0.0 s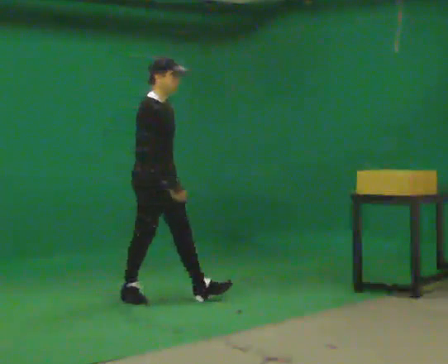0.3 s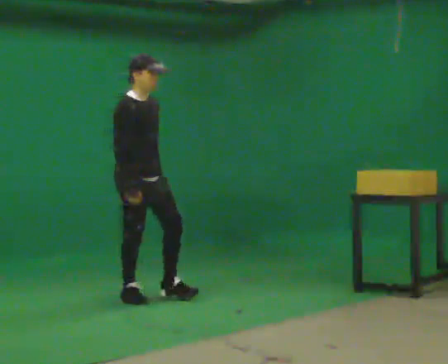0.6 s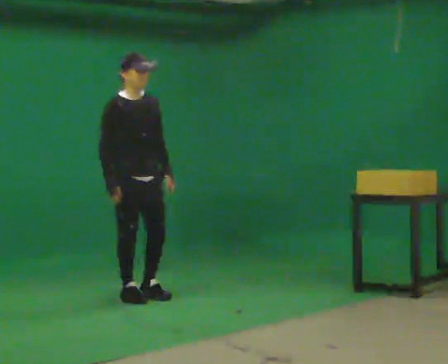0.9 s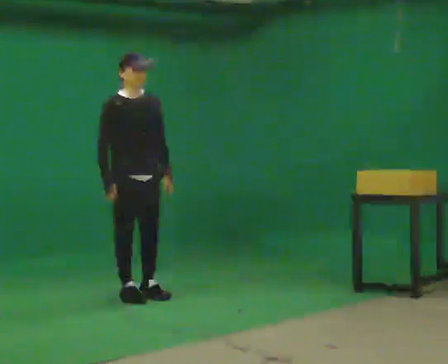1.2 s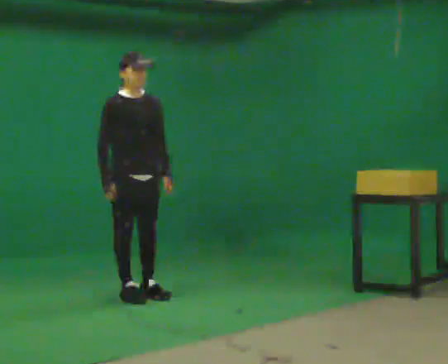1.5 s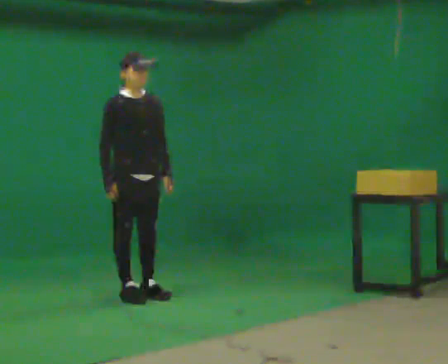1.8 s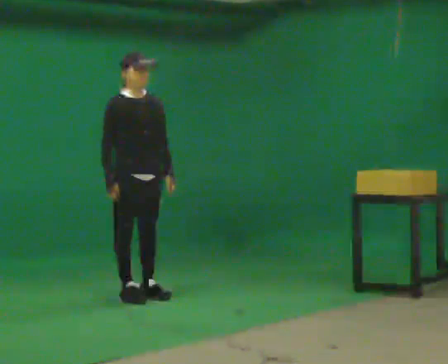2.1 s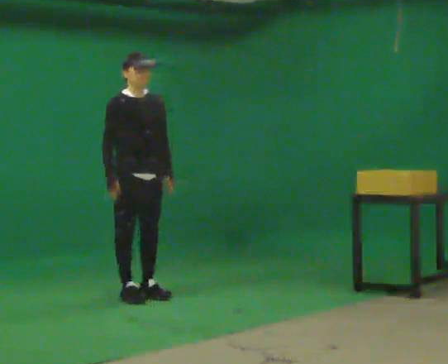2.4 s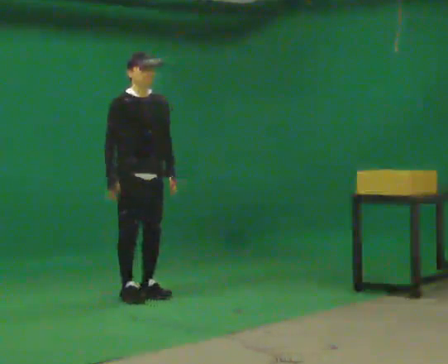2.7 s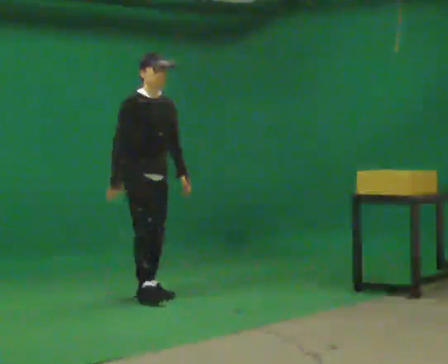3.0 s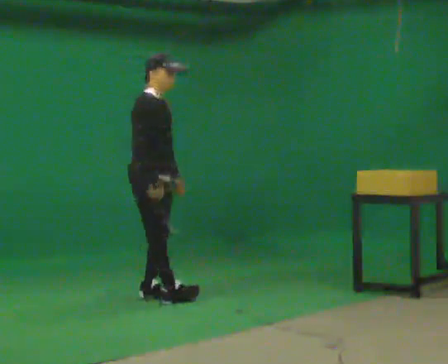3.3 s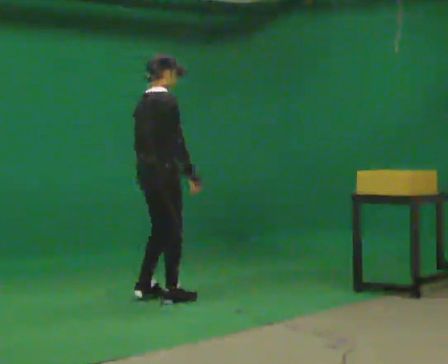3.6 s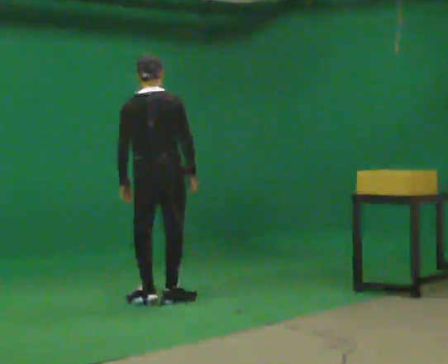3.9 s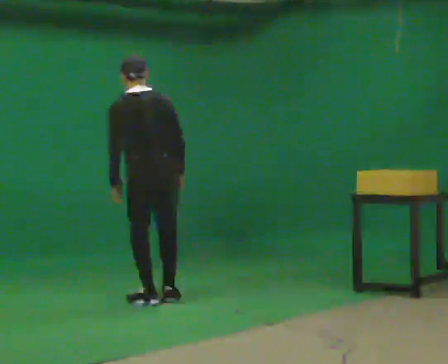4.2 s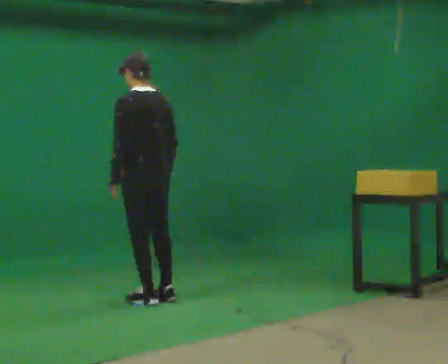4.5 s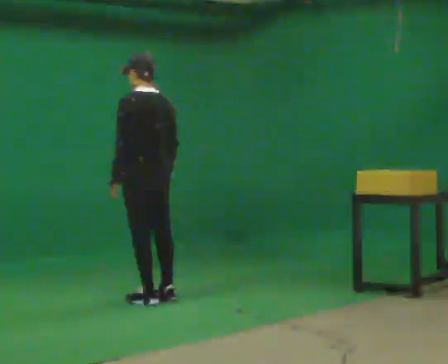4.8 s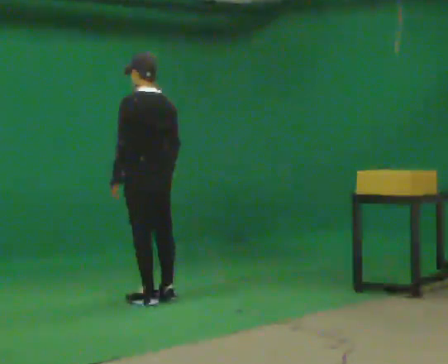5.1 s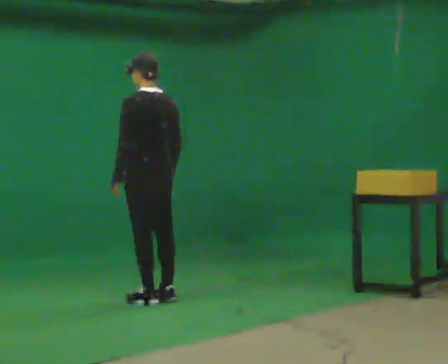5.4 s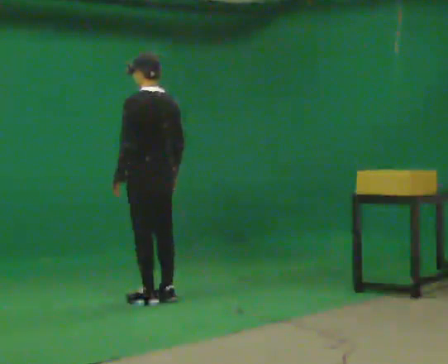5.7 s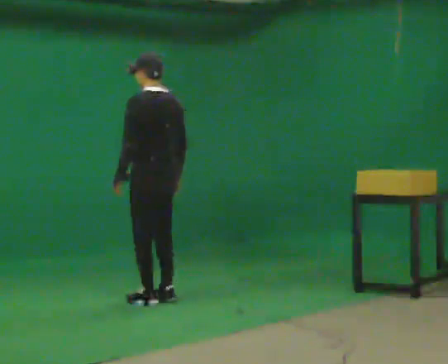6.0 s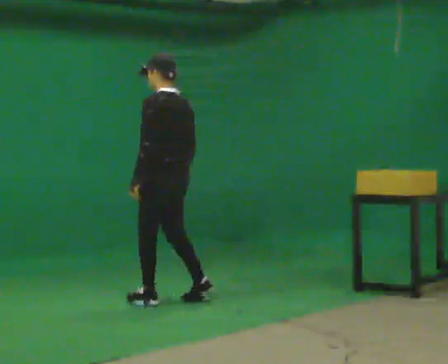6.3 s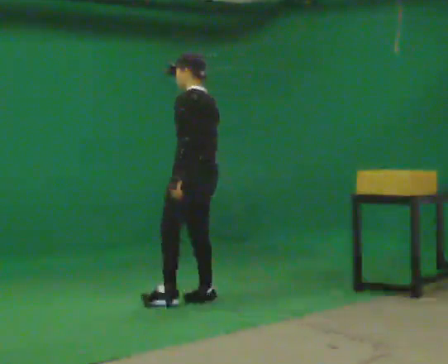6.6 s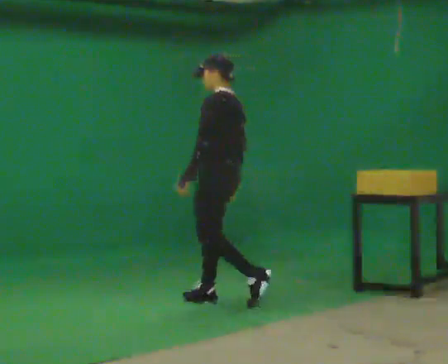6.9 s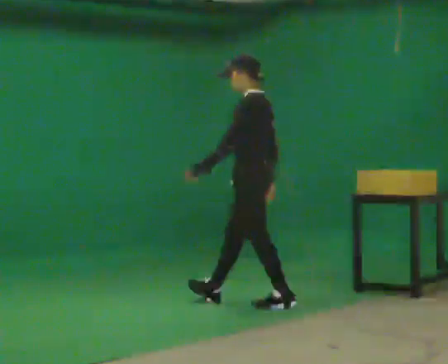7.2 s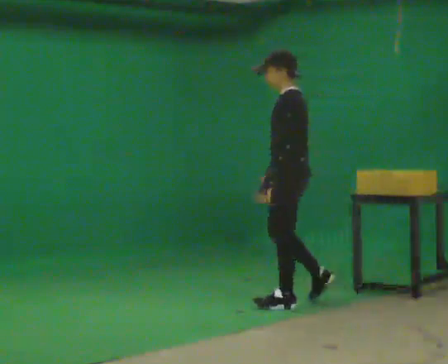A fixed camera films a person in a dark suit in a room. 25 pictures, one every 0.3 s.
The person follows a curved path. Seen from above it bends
clockwise.
0.0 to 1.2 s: The person turns about 30 degrees to their right, clockwise seen from above, so the part of the body nearest the lens slides to the left. In the picture they go to the left, about 0.25 m in 1 step, which for them is backward.
1.2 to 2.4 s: The person moves a little, or ends about where they began.
2.4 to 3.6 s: The person turns about 135 degrees to their left, counterclockwise seen from above, so the part of the body nearest the lens slides to the right. In the picture they go to the right, about 0.25 m in 2 steps.
3.6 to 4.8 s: The person turns about 60 degrees to their left, counterclockwise seen from above, so the part of the body nearest the lens slides to the right.
4.8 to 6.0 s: The person moves a little, or ends about where they began.
6.0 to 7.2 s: The person turns about 30 degrees to their left, counterclockwise seen from above, so the part of the body nearest the lens slides to the right. In the picture they go to the right, about 1 m in 2 steps, which for them is backward.
The film runs backward here.
